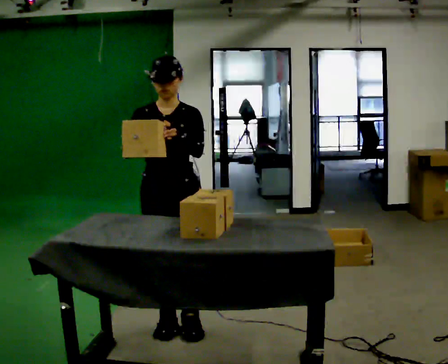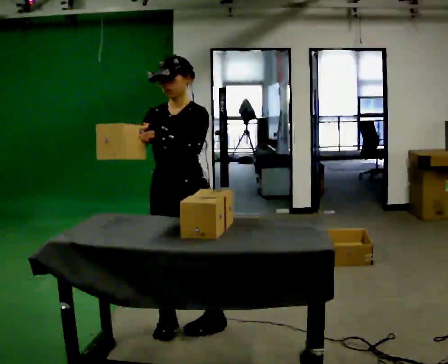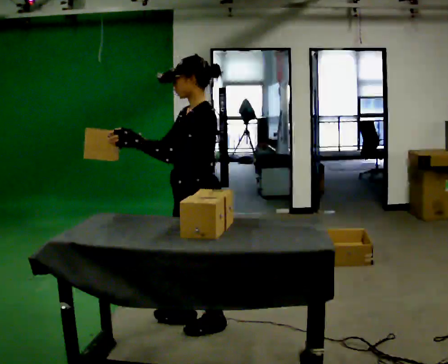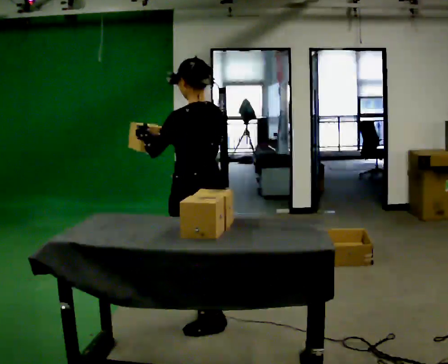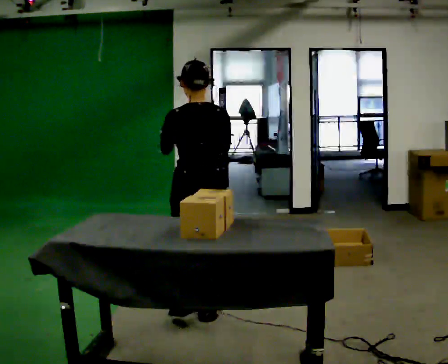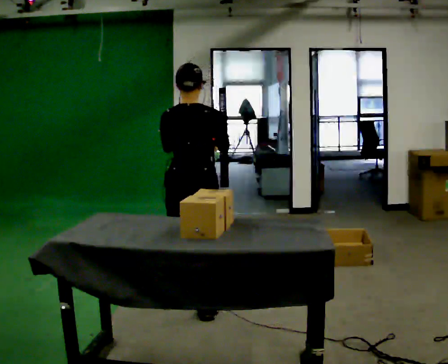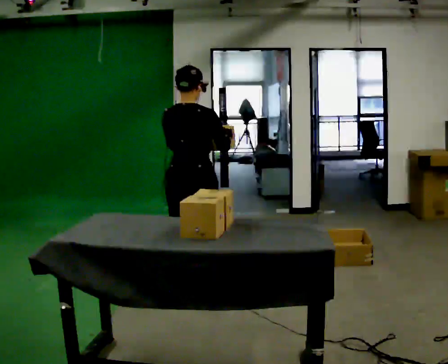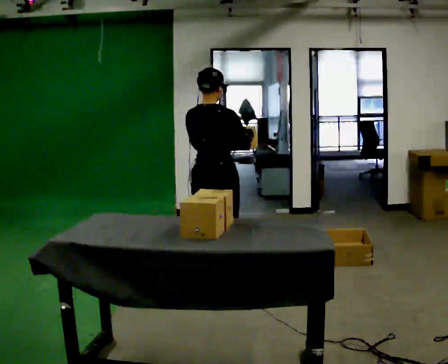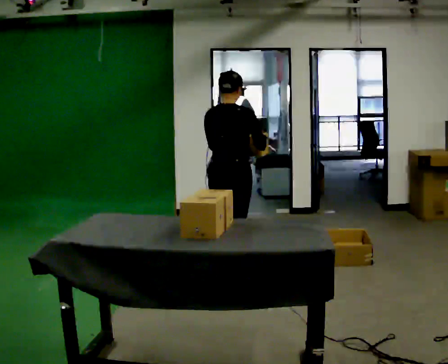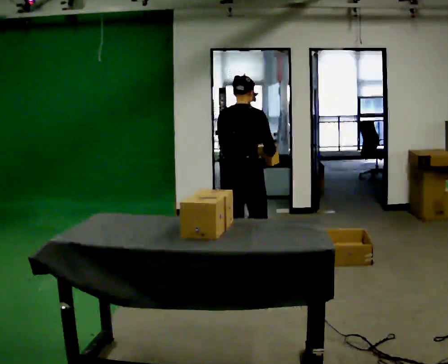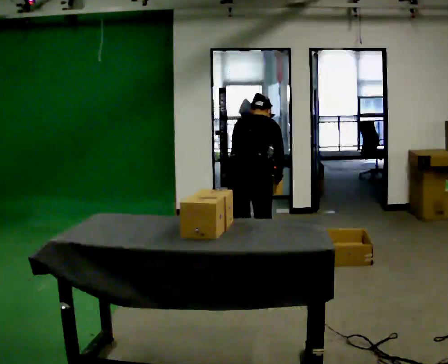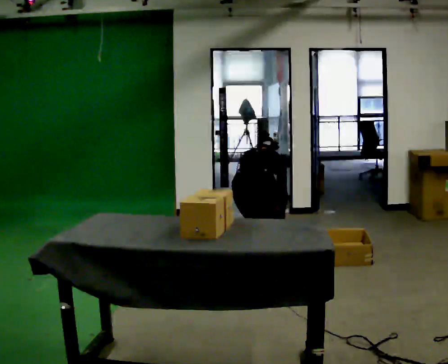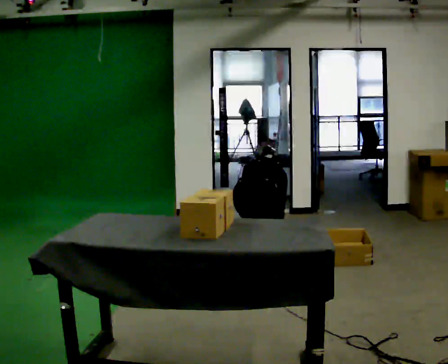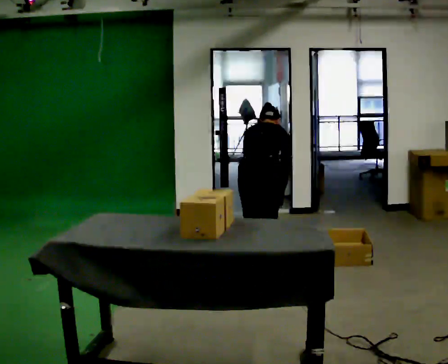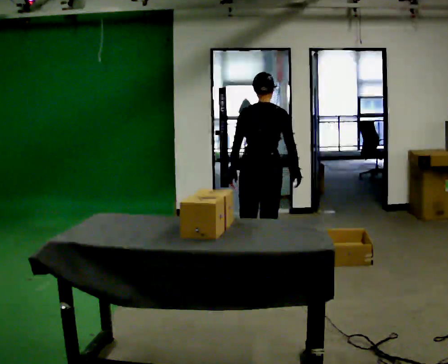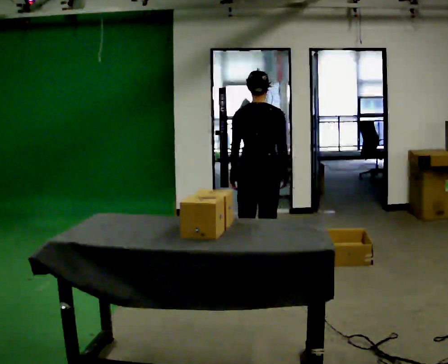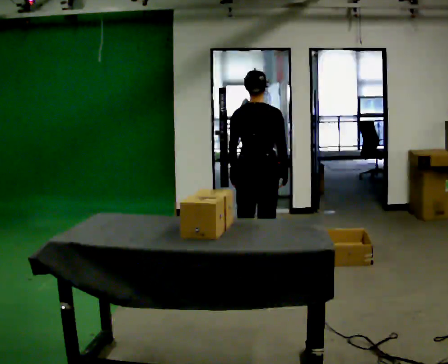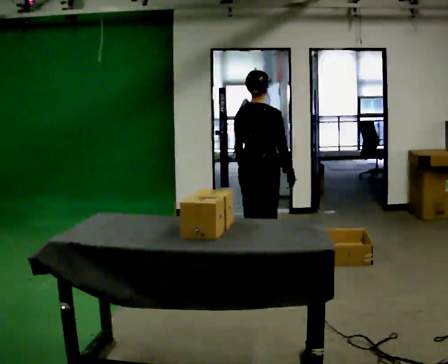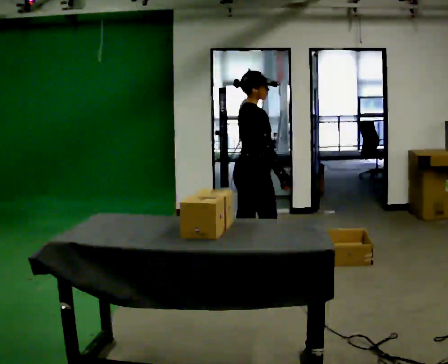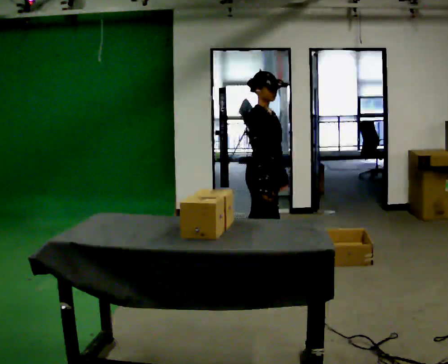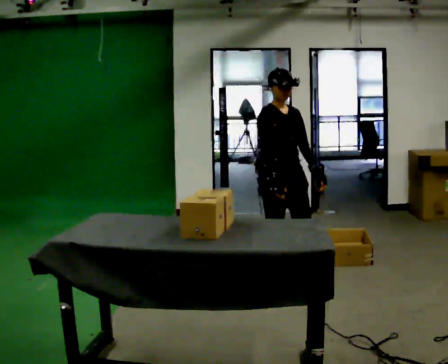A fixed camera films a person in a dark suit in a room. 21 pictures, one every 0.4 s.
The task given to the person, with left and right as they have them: Take each object from the table and put it in the bin that matches it, walking between the bins. Keep going until the operator says stop; one object at a time, and do not rush between trips.
0.0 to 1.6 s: The part of the body nearest the lens slides to the left as the person turns to their right by about 165 degrees. In the picture they go away from the camera and to the right, about 0.25 m in 2 steps.
1.6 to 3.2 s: The person turns about 30 degrees to their right, clockwise seen from above, so the part of the body nearest the lens slides to the left. In the picture they go away from the camera, about 0.75 m in 2 steps, which for them is forward.
3.2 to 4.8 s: In the picture they go to the right and away from the camera, about 0.25 m in 2 steps, which for them is forward and to their right. The shoulders move downward. The upper body tips away from the camera, its near side rolling upward, as they bend forward. In the picture their right hand goes downward.
4.8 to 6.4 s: The upper body goes upward. The upper body tips toward the camera, its near side rolling downward, as they lean back or straighten. In the picture their left hand goes upward.
6.4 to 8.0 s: Seen from above the body turns clockwise, about 120 degrees: to their right, with its near side sliding to the left. In the picture they go toward the camera, about 0.25 m.
The film runs forward here.
